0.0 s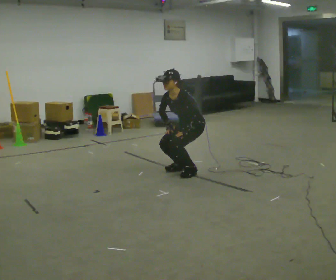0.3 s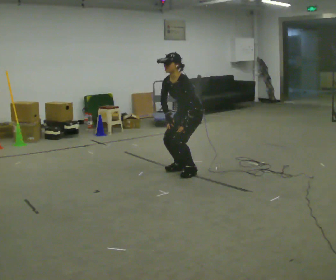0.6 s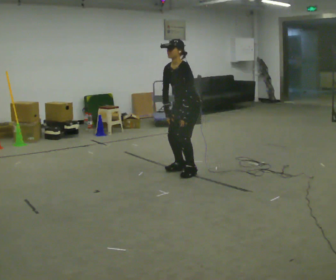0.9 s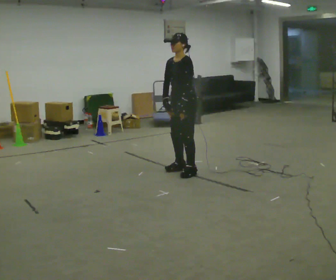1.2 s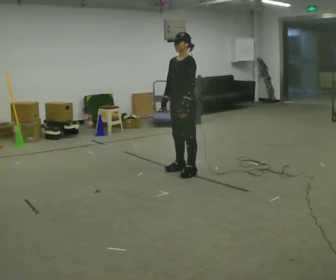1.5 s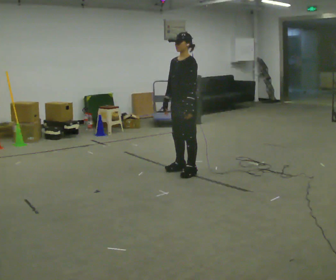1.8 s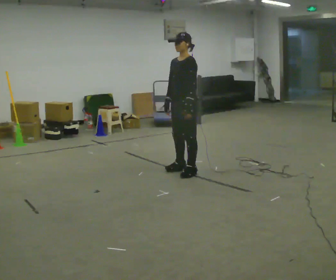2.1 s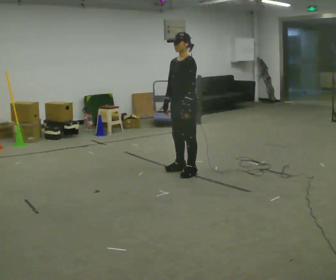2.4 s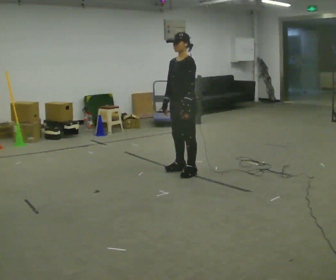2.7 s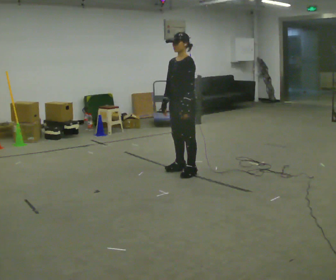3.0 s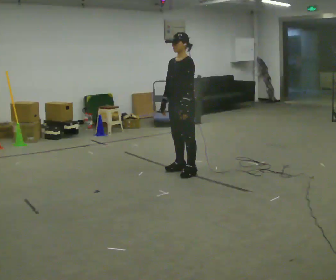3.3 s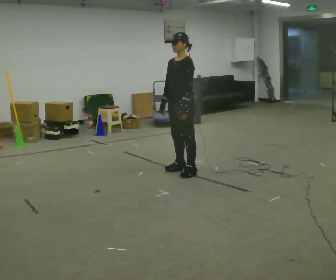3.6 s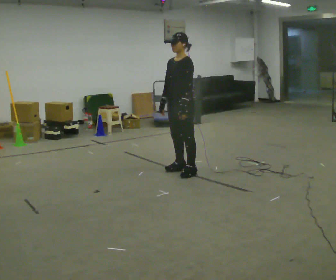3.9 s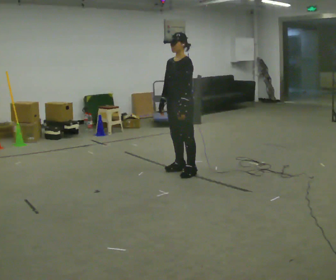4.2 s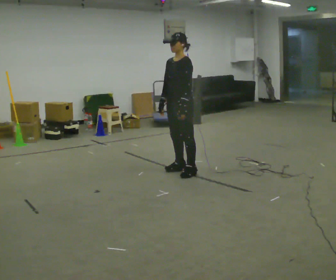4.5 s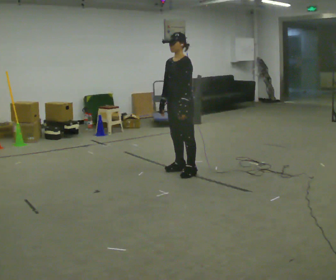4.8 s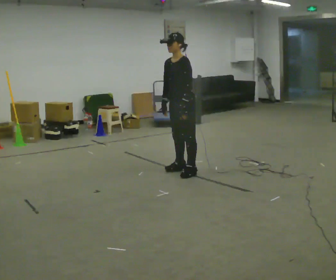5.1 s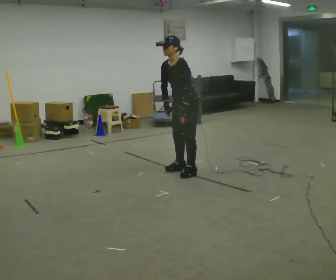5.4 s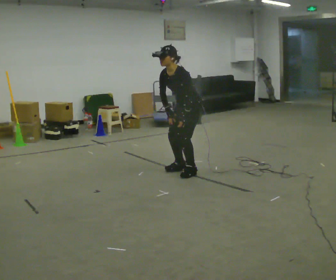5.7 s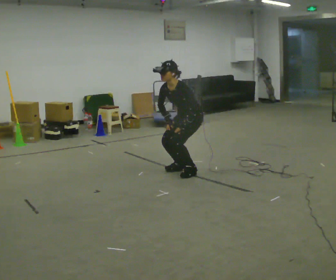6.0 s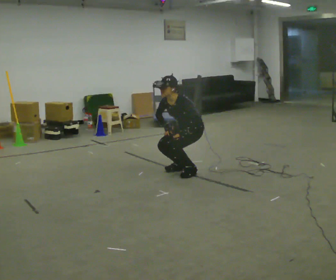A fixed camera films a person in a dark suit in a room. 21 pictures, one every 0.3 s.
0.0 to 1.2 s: The shoulders move upward. In the picture the upper body tilts clockwise, shoulders to the right, as they lean back or straighten.
1.2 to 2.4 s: The person moves a little, or ends about where they began.
2.4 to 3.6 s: The person keeps their place and pose.
3.6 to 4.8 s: The person moves a little, or ends about where they began.
4.8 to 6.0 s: The upper body goes downward. In the picture the upper body tilts counterclockwise, shoulders to the left, as they bend forward.
The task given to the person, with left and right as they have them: Squat down as far as is comfortable, then stand back up. Repeat the movement at your own pace until the operator says stop; do not rush.
The film runs forward here.
